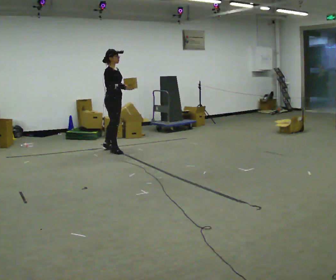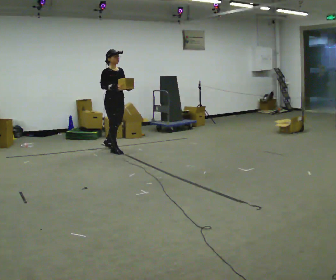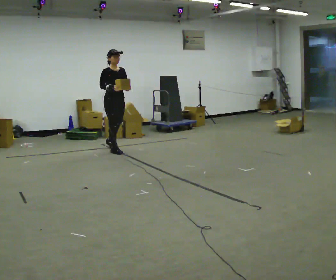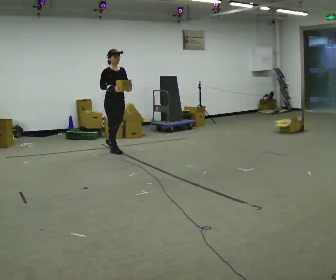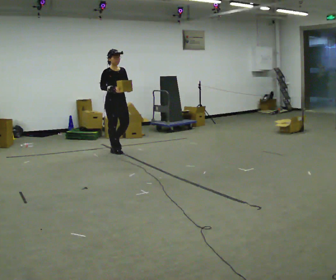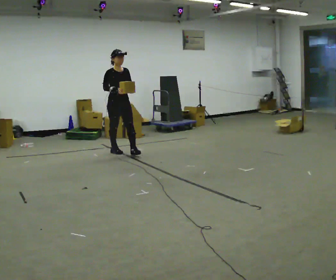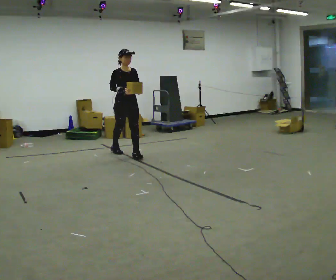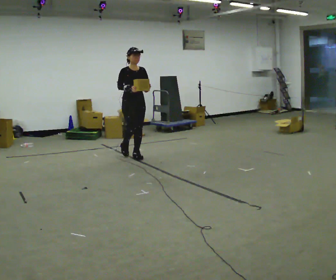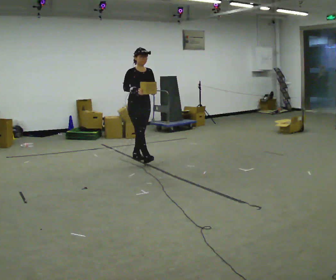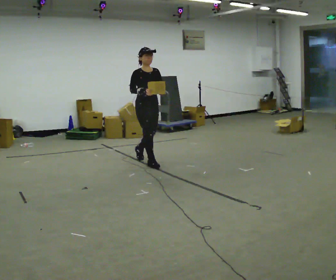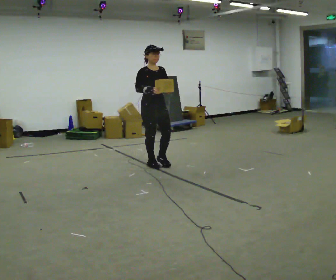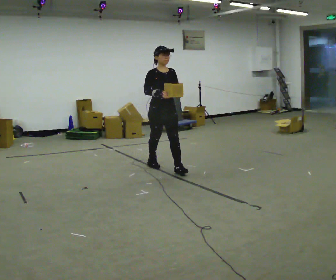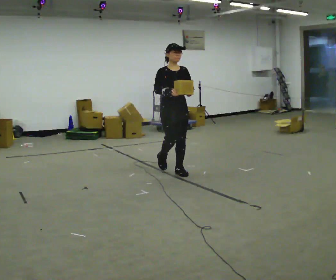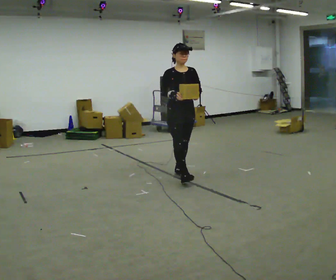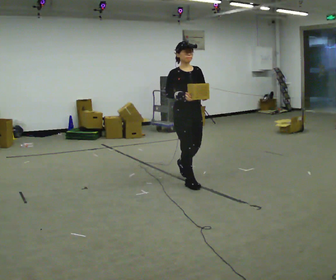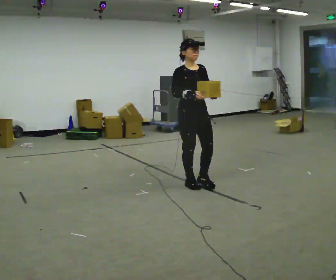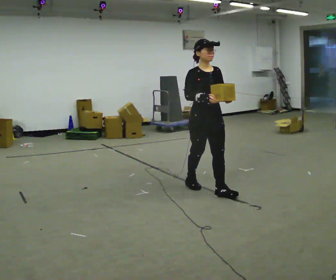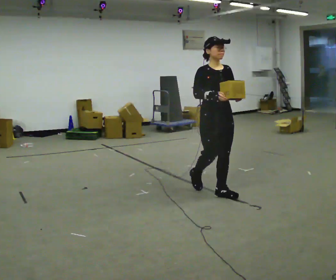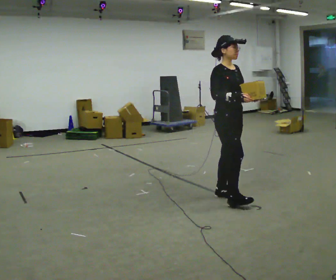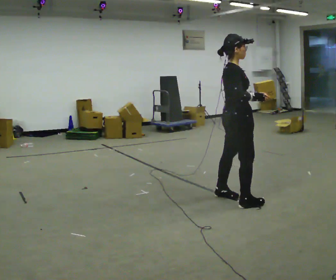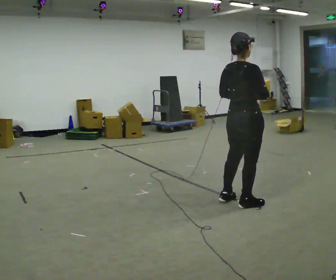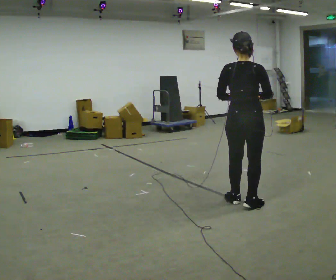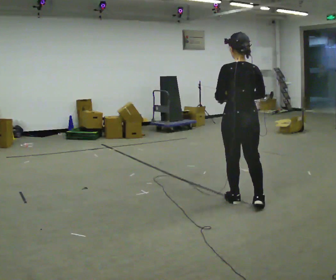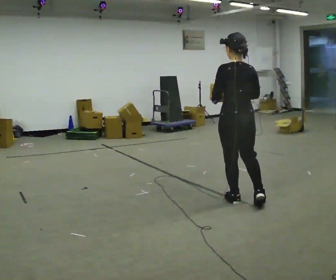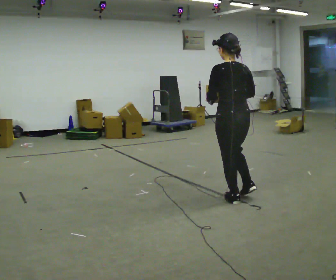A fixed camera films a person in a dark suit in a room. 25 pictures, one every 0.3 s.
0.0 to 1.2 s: The part of the body nearest the lens slides to the left as the person turns to their right by about 30 degrees.
1.2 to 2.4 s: In the picture they go toward the camera and to the right, about 0.75 m in 2 steps, which for them is forward.
2.4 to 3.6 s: In the picture they go toward the camera and to the right, about 1 m in 1 step, which for them is forward.
3.6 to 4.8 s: In the picture they go toward the camera and to the right, about 1 m in 2 steps, which for them is forward.
4.8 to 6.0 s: The part of the body nearest the lens slides to the right as the person turns to their left by about 135 degrees. In the picture they go toward the camera and to the right, about 0.5 m in 1 step.
6.0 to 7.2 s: Seen from above the body turns counterclockwise, about 60 degrees: to their left, with its near side sliding to the right.
The film runs forward here.
